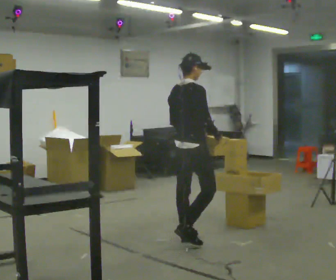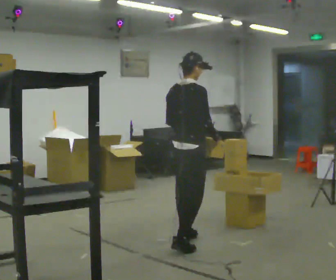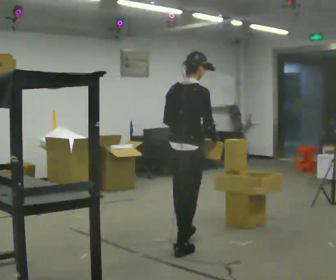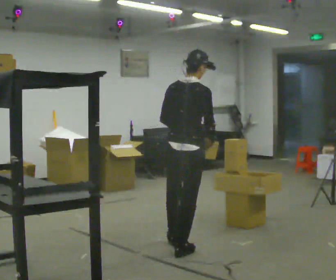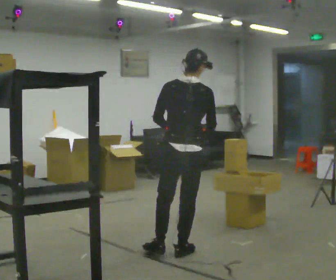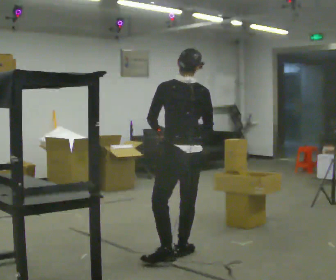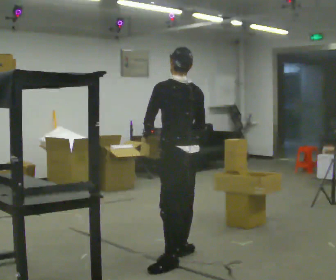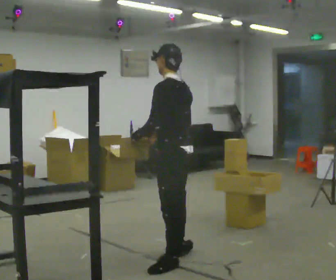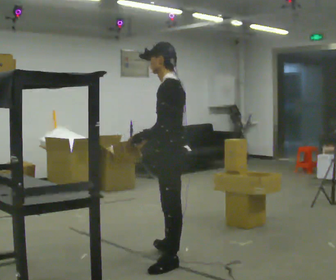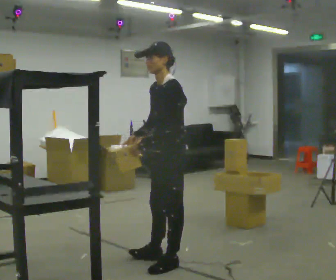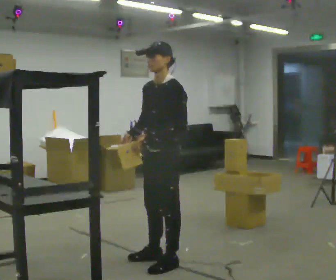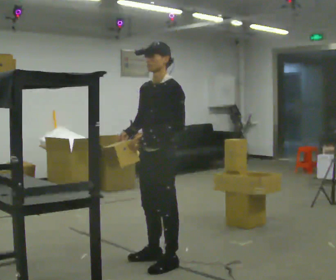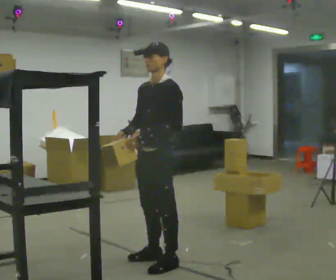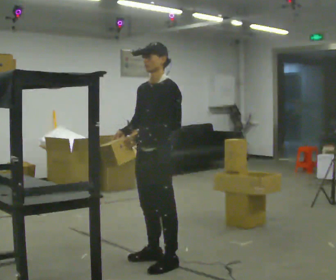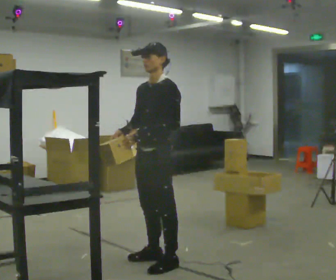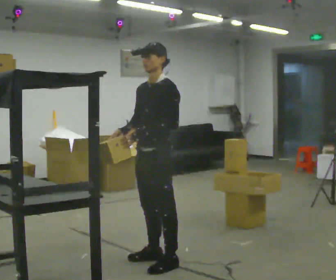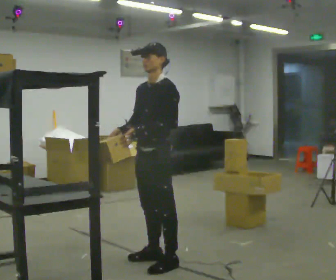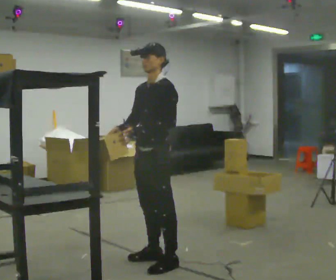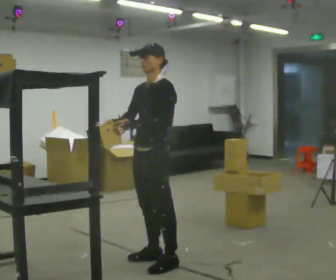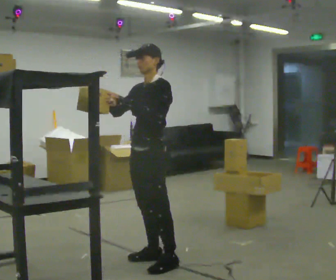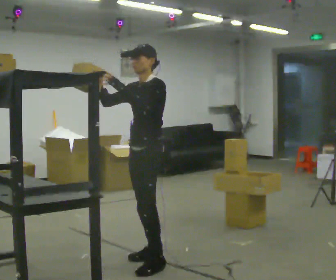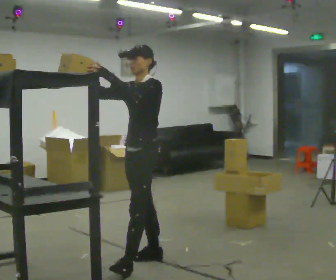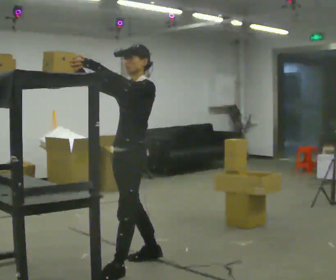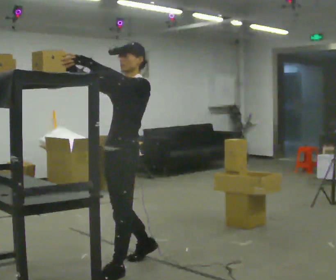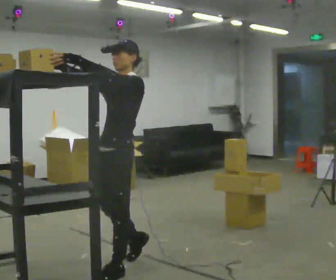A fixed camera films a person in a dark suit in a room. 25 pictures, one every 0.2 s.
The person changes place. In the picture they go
toward the camera.
The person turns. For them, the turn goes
to their left.
0.0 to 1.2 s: Seen from above the body turns counterclockwise, about 90 degrees: to their left, with its near side sliding to the right. In the picture they go toward the camera, about 0.5 m in 1 step.
1.2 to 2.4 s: The part of the body nearest the lens slides to the right as the person turns to their left by about 90 degrees. In the picture they go to the left, about 0.25 m in 1 step. In the picture their right hand goes to the left.
2.4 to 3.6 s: The person moves a little, or ends about where they began.
3.6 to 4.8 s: In the picture they go toward the camera and to the left, about 0.25 m in 1 step, which for them is forward. In the picture their left hand goes upward.
The film runs backward here.
